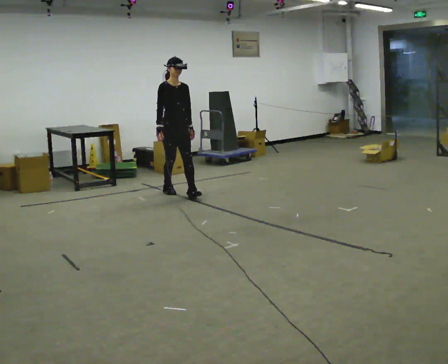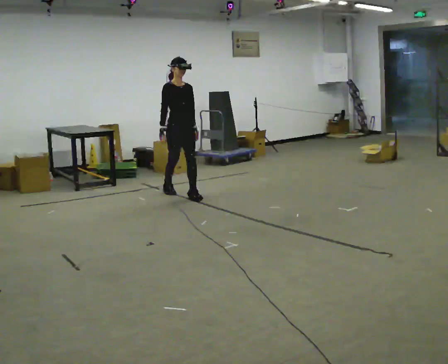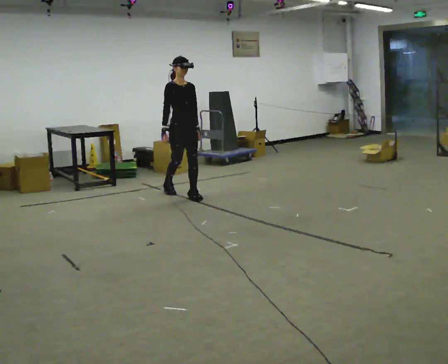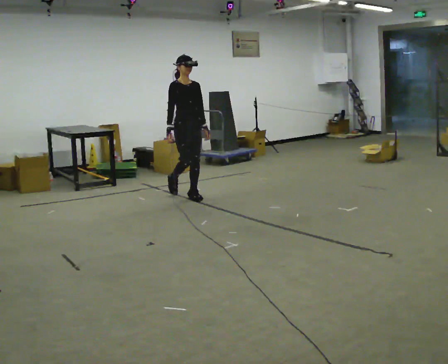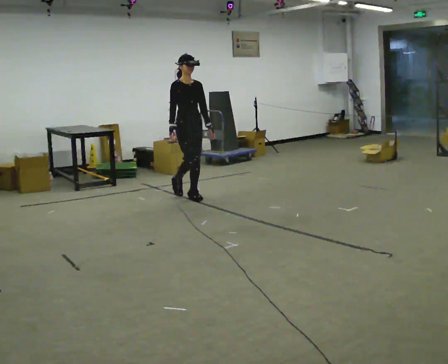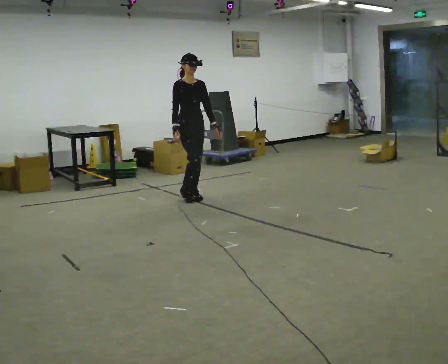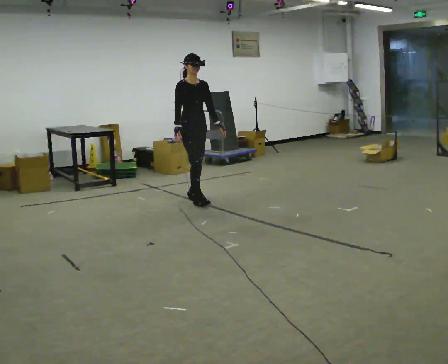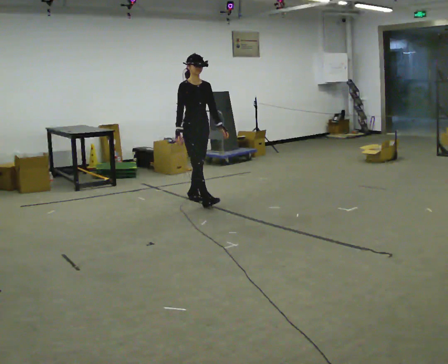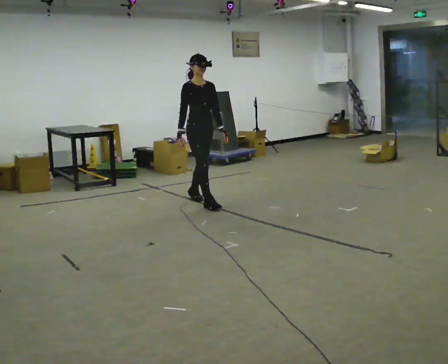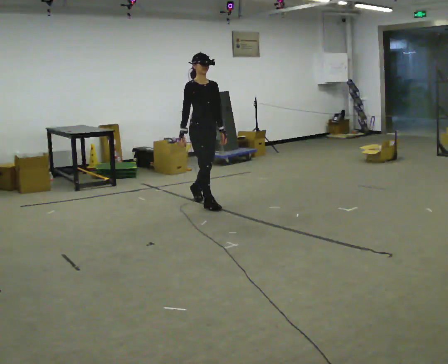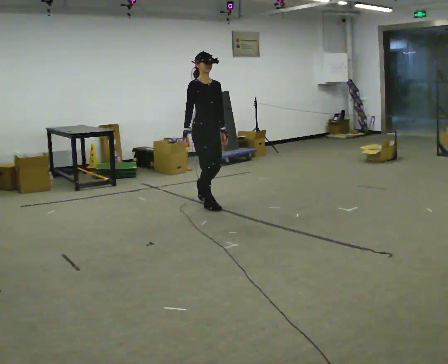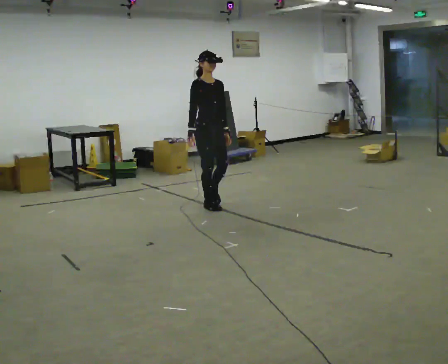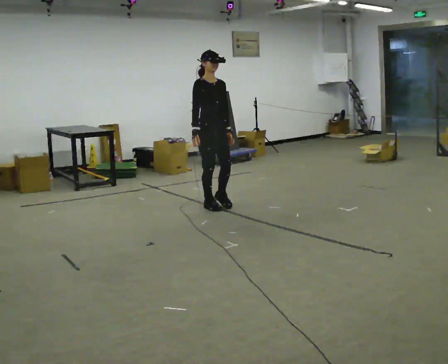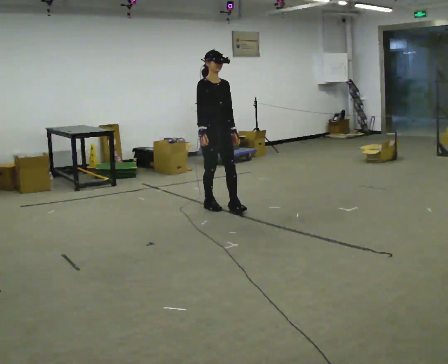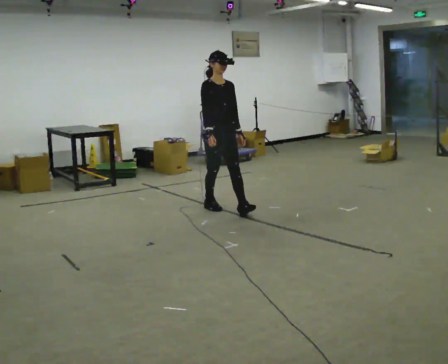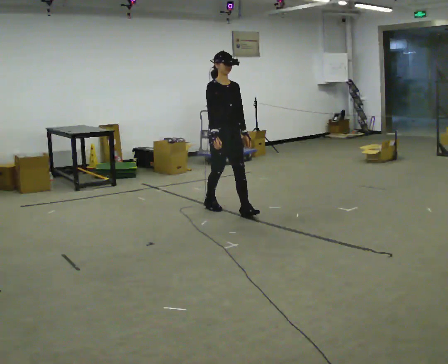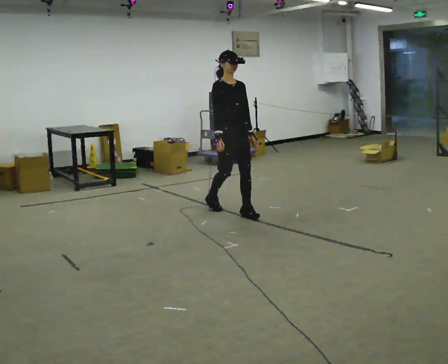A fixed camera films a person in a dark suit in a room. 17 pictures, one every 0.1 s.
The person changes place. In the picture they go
toward the camera.
0.0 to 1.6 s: In the picture they go toward the camera and to the right, about 1 m in 2 steps, which for them is forward.
The film runs forward here.
